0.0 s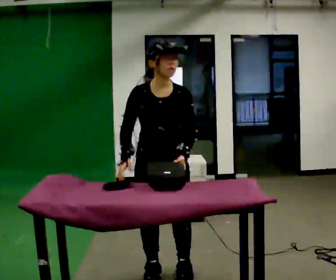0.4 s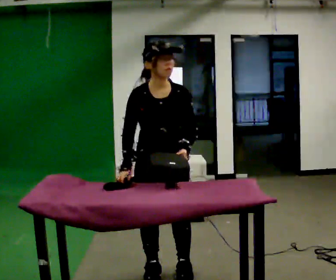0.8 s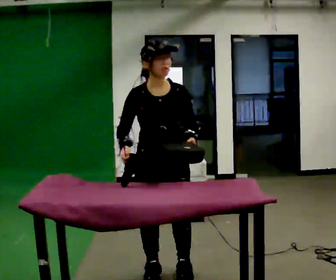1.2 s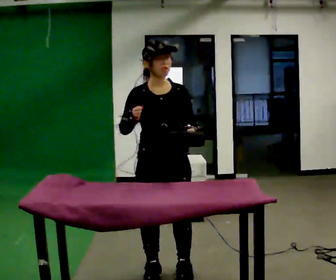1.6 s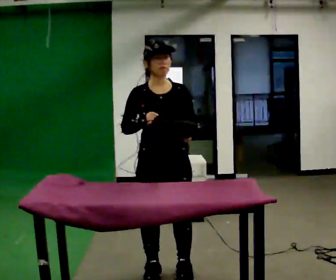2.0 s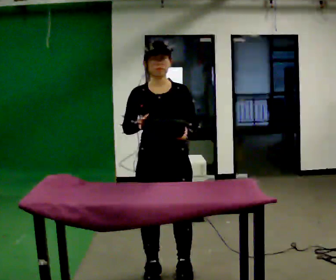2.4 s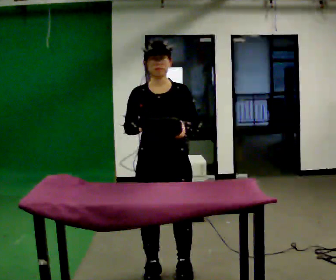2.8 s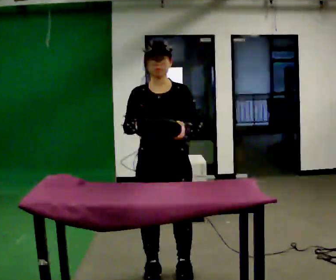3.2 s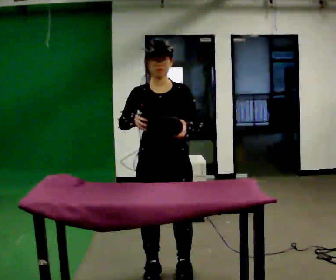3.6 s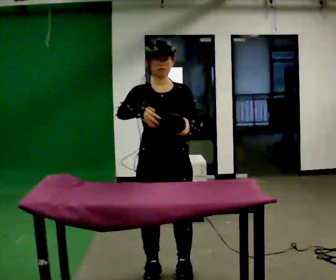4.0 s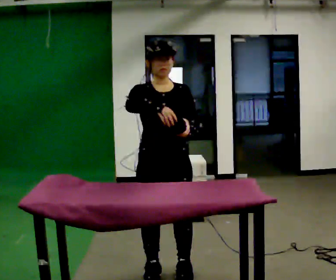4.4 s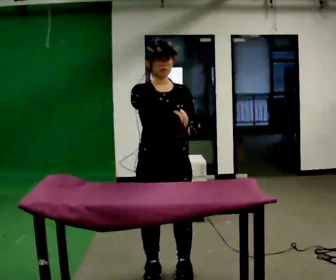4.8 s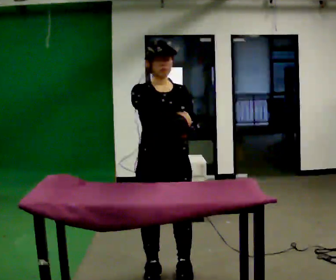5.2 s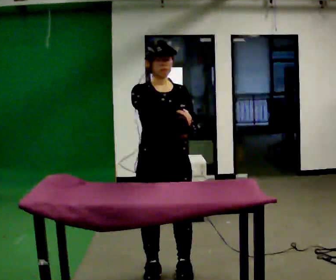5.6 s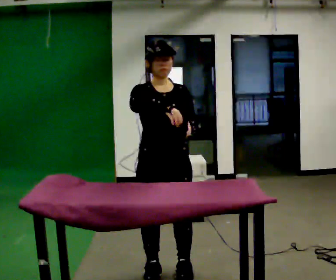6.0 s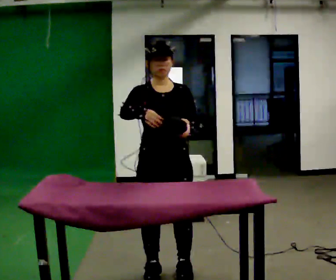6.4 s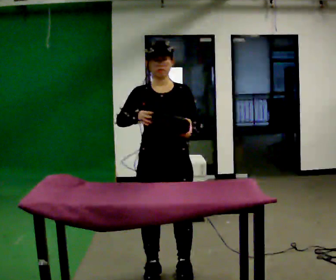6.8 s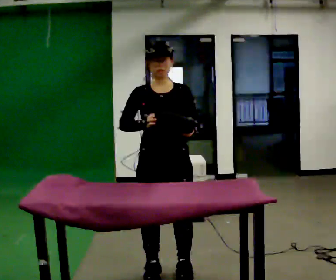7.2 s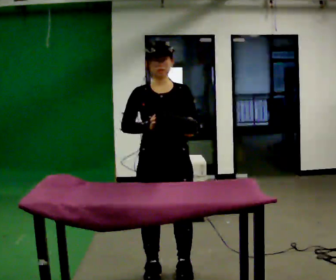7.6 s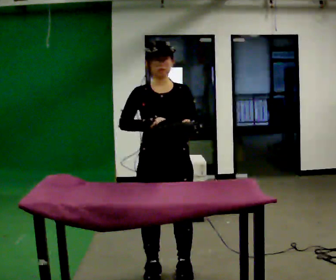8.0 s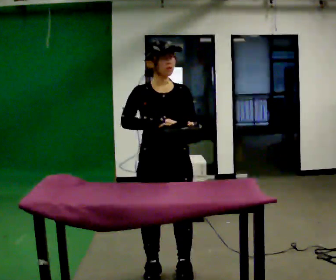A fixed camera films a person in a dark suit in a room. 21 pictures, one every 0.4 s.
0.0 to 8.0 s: The upper body tips away from the camera, its near side rolling upward, as they lean back or straighten.
The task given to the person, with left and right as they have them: Clear everything off the table and put it away on the shelf, in as many trips as you need. Keep going until the operator says stop; one object at a time, and do not rush between trips.
The film runs forward here.
